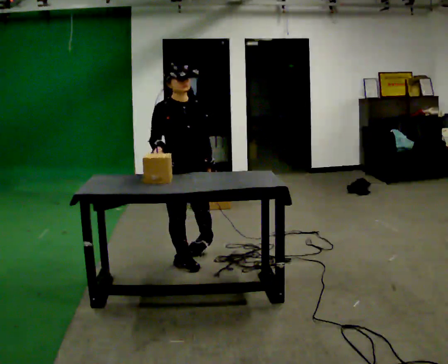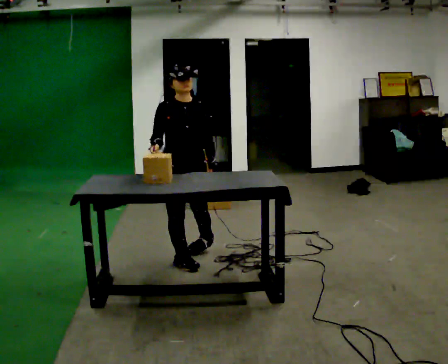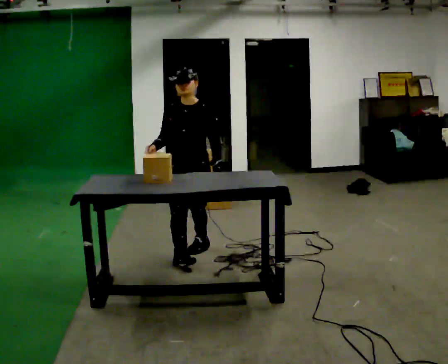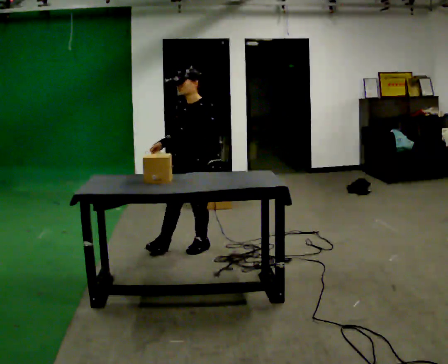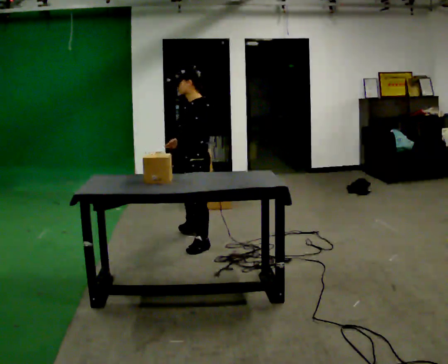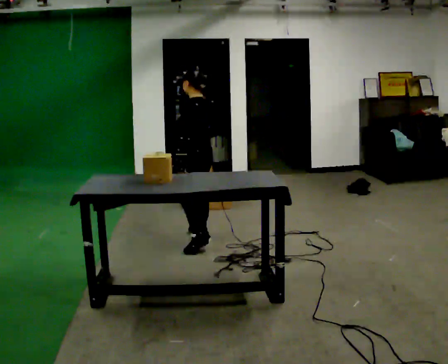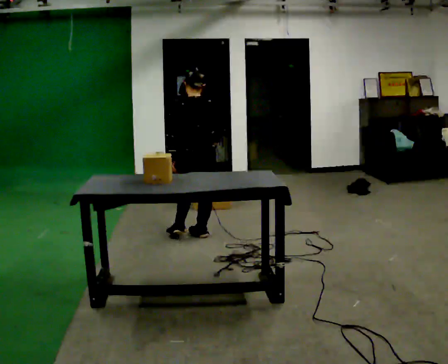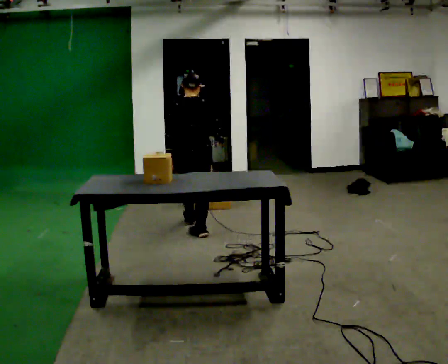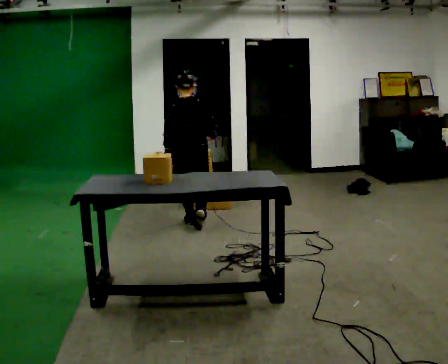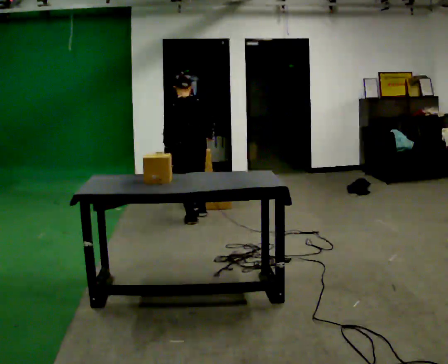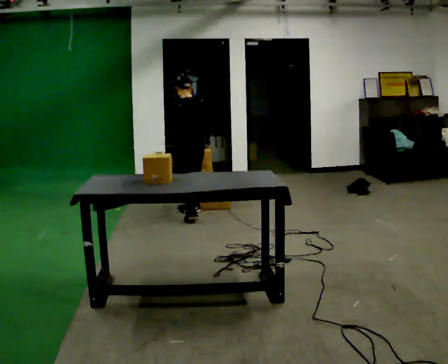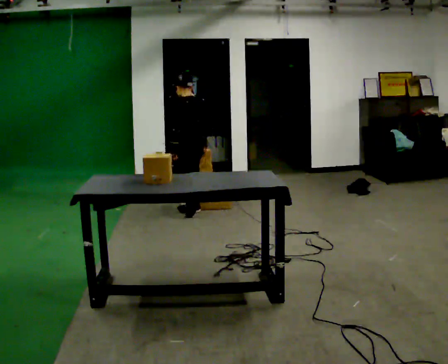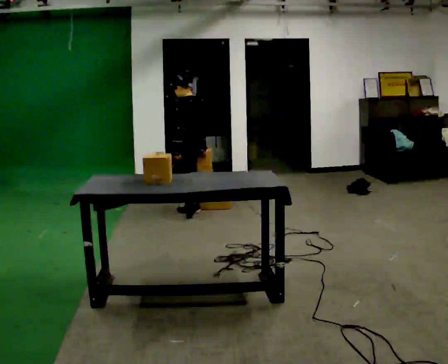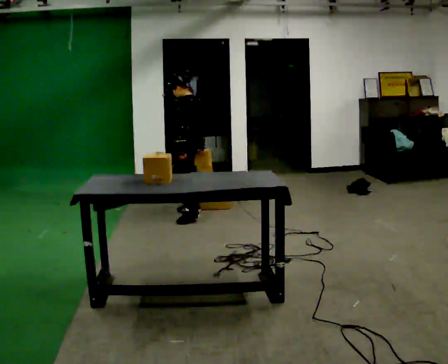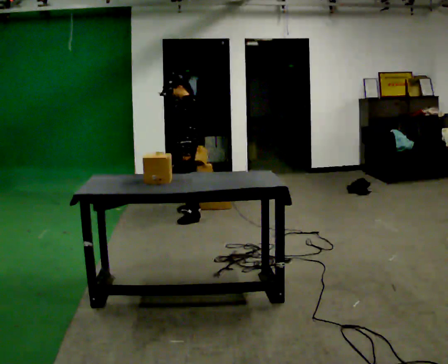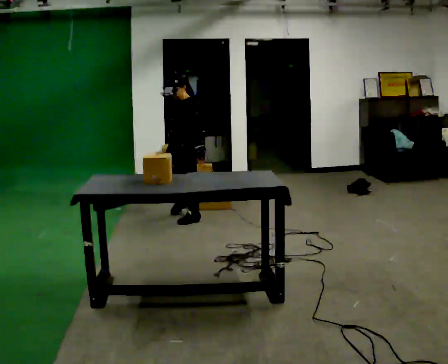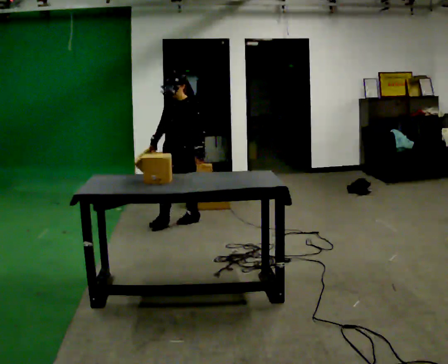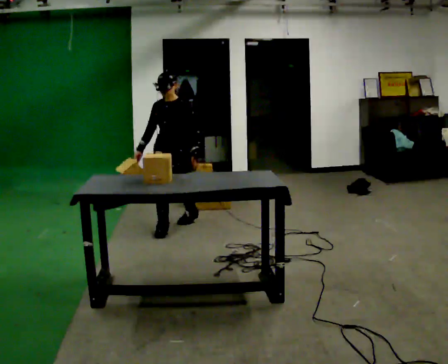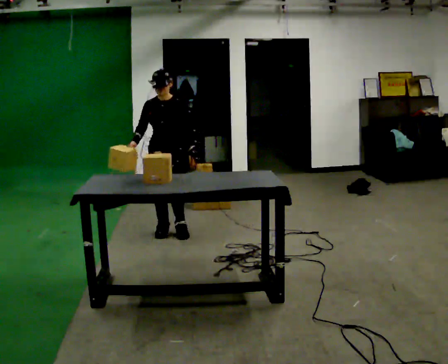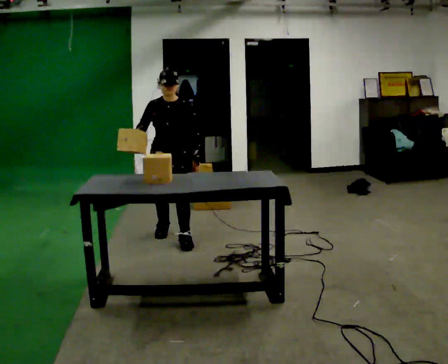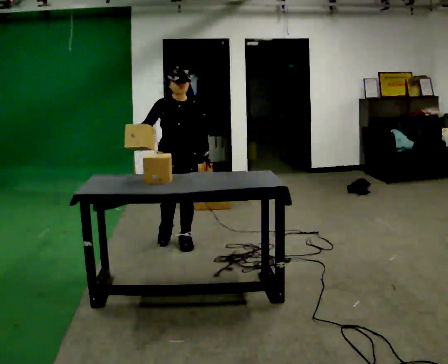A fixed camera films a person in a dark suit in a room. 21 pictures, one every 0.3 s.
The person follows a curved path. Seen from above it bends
counterclockwise.
0.0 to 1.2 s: Seen from above the body turns clockwise, about 120 degrees: to their right, with its near side sliding to the left. In the picture they go away from the camera, about 0.5 m.
1.2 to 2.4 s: The person turns about 90 degrees to their right, clockwise seen from above, so the part of the body nearest the lens slides to the left. In the picture they go away from the camera, about 0.75 m in 2 steps.
2.4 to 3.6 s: The part of the body nearest the lens slides to the right as the person turns to their left by about 60 degrees. In the picture they go away from the camera, about 0.5 m in 2 steps.
3.6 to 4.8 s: The person turns about 90 degrees to their left, counterclockwise seen from above, so the part of the body nearest the lens slides to the right. In the picture they go toward the camera, about 0.5 m in 1 step.
4.8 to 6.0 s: Seen from above the body turns counterclockwise, about 45 degrees: to their left, with its near side sliding to the right. In the picture they go toward the camera, about 0.75 m in 2 steps, which for them is forward.
The film runs forward here.
